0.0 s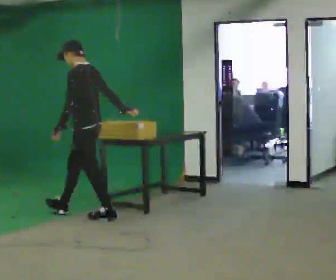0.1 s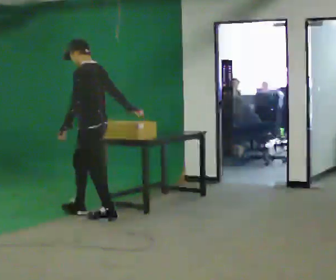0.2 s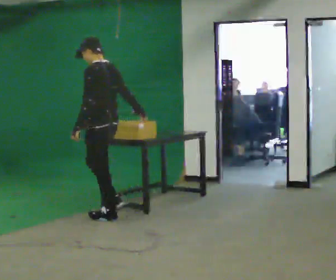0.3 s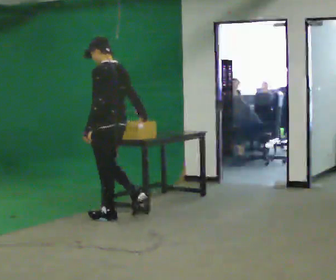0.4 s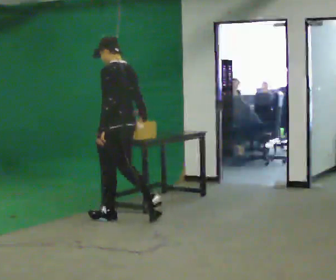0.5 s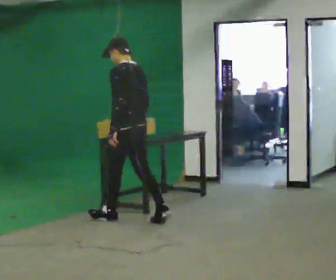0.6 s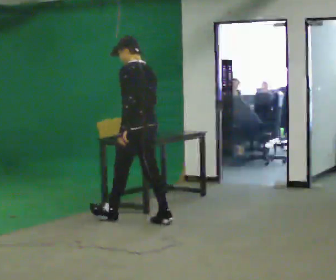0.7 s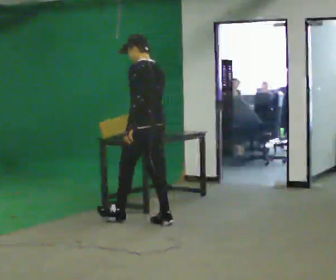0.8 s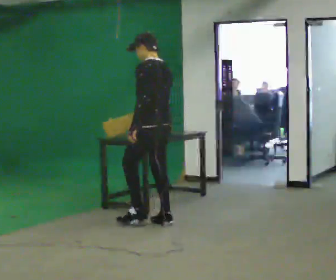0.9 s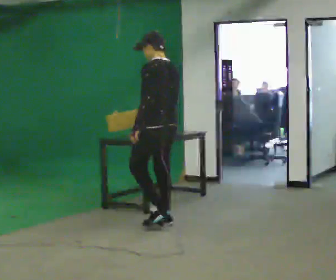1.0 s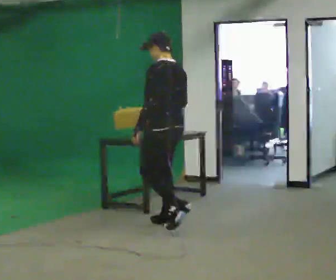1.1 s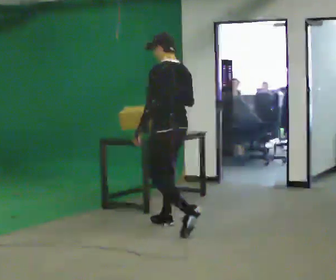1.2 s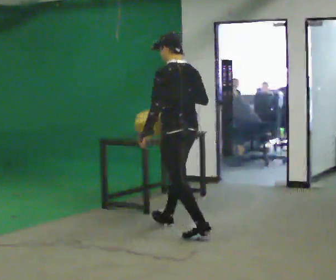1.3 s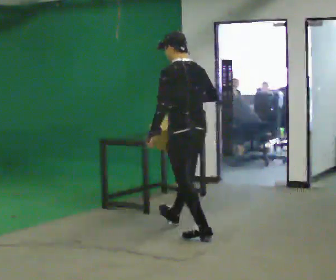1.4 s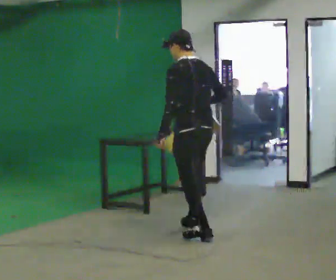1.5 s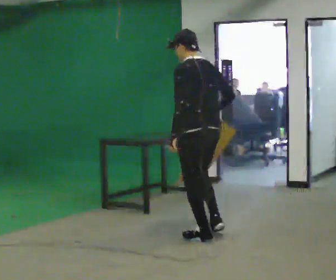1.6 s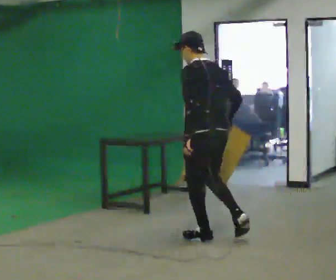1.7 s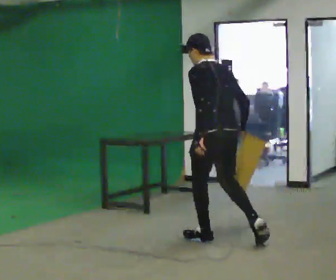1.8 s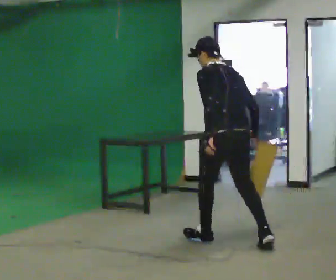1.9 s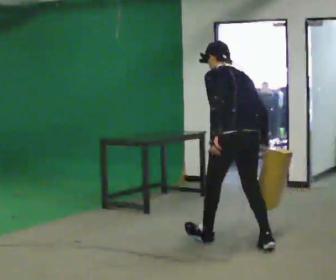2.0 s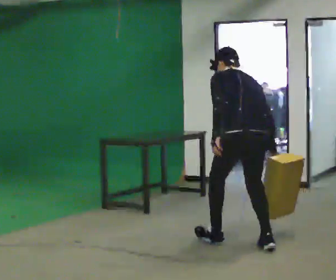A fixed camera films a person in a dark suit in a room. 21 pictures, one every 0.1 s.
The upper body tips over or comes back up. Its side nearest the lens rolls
upward.
0.0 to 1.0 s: Seen from above the body turns clockwise, about 30 degrees: to their right, with its near side sliding to the left. In the picture they go to the right and toward the camera, about 1 m in 1 step, which for them is backward.
1.0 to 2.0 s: The part of the body nearest the lens slides to the left as the person turns to their right by about 30 degrees. In the picture they go toward the camera and to the right, about 1 m in 2 steps, which for them is backward. The upper body tips away from the camera, its near side rolling upward, as they bend forward. In the picture their right hand goes downward.
The film runs backward here.
